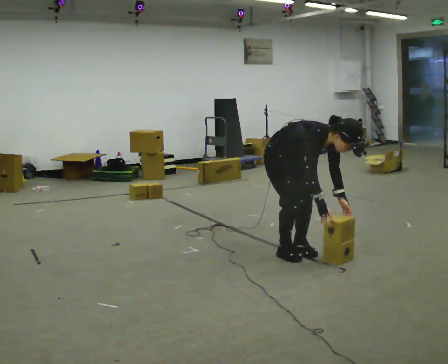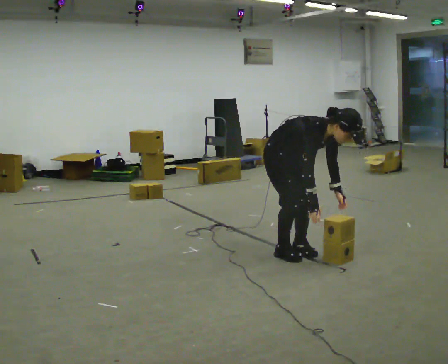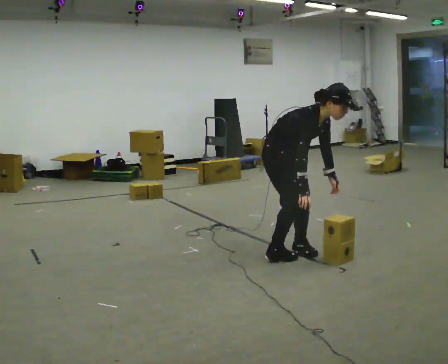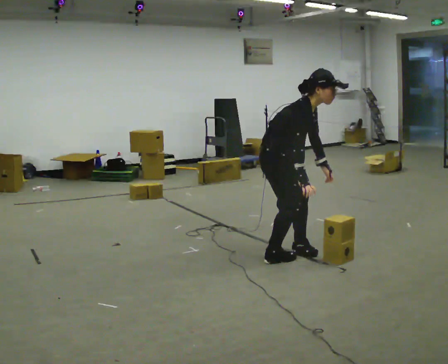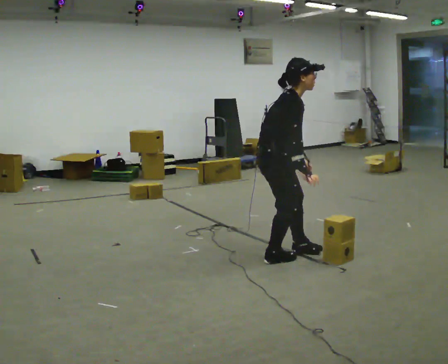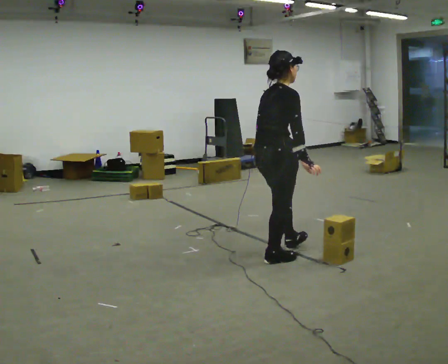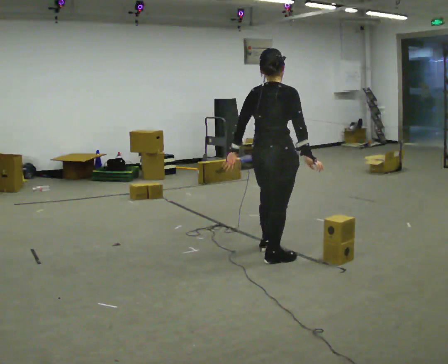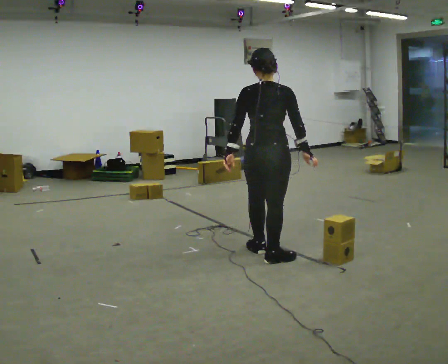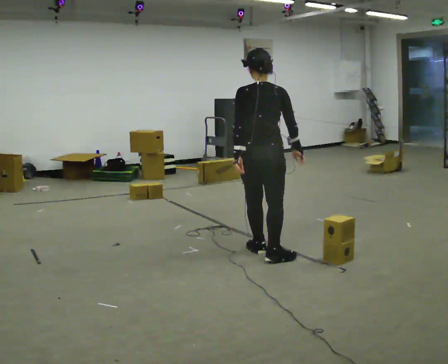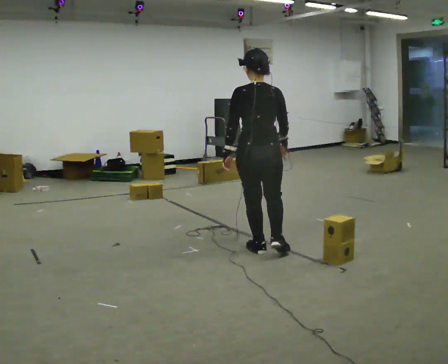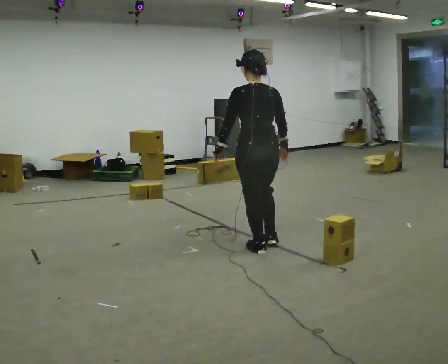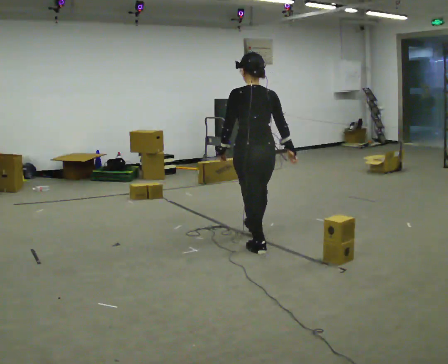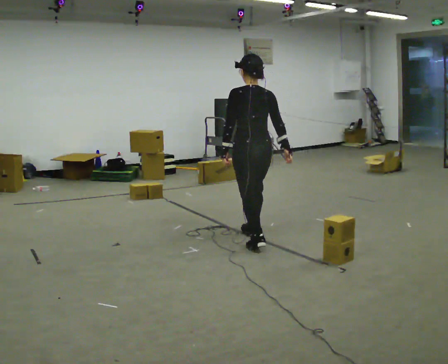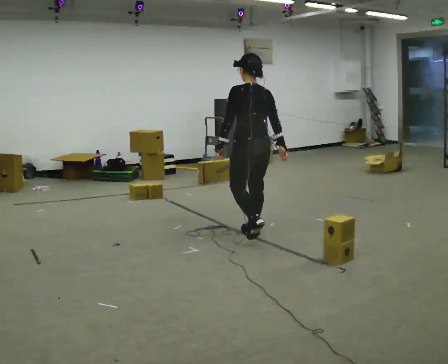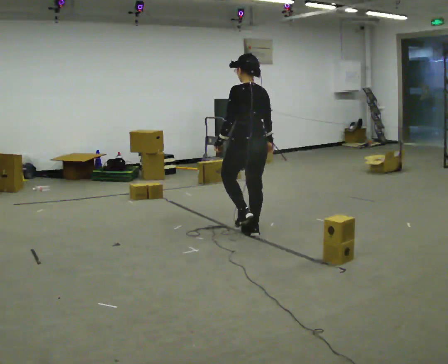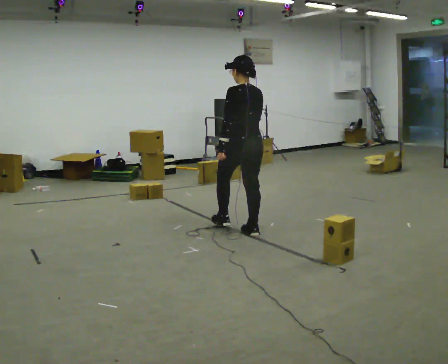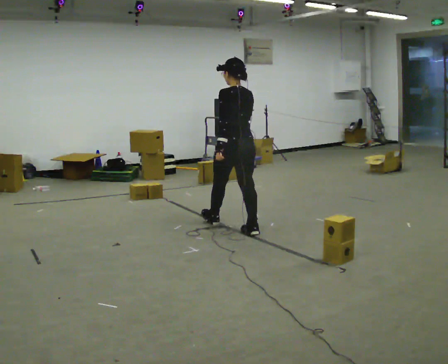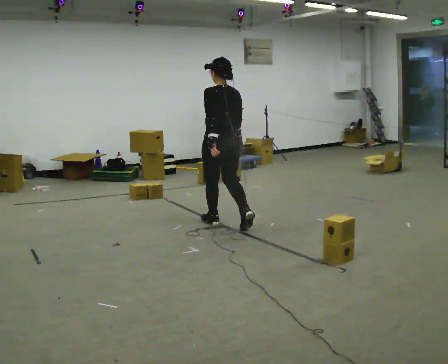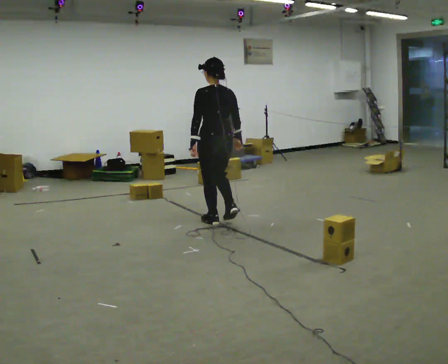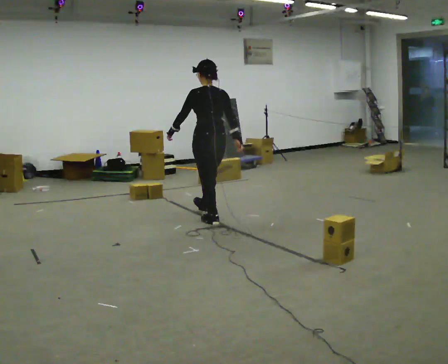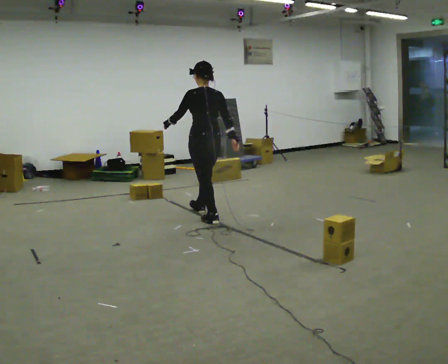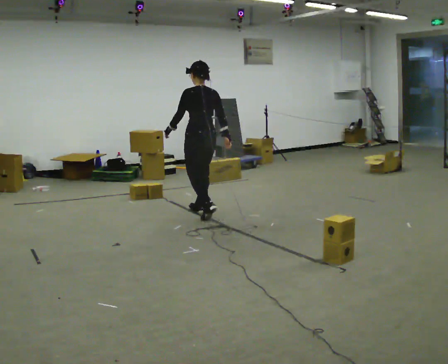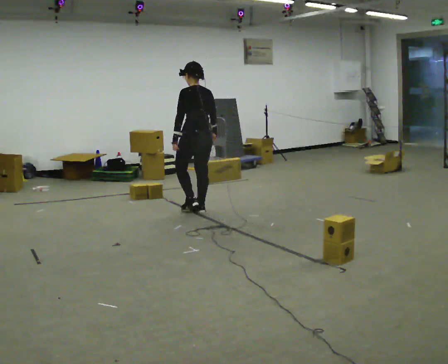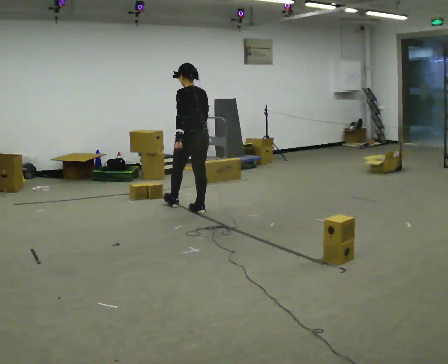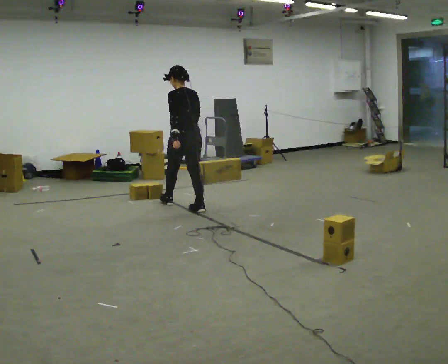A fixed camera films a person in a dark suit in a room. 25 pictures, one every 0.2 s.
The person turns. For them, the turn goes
to their left.
The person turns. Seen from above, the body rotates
counterclockwise.
0.0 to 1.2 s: The person turns about 90 degrees to their left, counterclockwise seen from above, so the part of the body nearest the lens slides to the right. In the picture they go toward the camera, about 0.25 m in 1 step. The upper body goes upward. In the picture the upper body tilts counterclockwise, shoulders to the left, as they lean back or straighten. In the picture their left hand goes to the left and upward, the arm swinging clockwise.
1.2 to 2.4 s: Seen from above the body turns counterclockwise, about 60 degrees: to their left, with its near side sliding to the right. In the picture they go away from the camera, about 0.5 m in 2 steps.
2.4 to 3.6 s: In the picture they go away from the camera and to the left, about 0.75 m in 1 step, which for them is forward.
3.6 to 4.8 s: In the picture they go away from the camera and to the left, about 0.5 m in 2 steps, which for them is forward.
The film runs forward here.
